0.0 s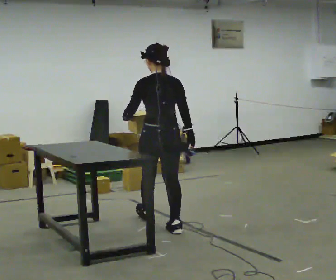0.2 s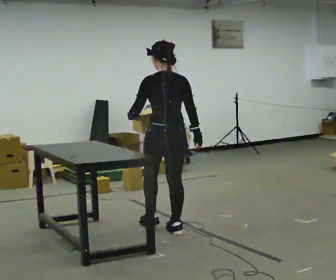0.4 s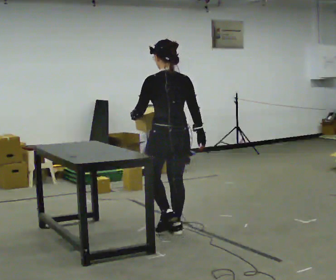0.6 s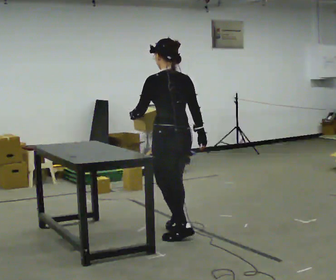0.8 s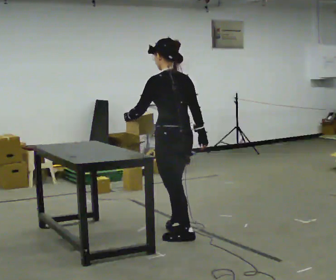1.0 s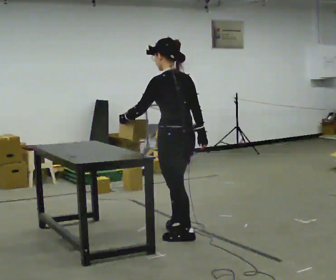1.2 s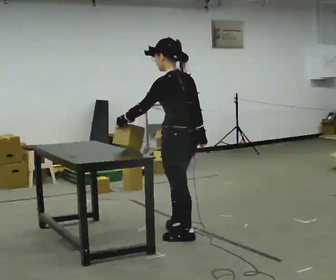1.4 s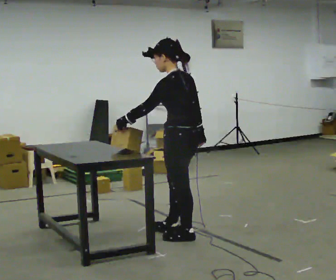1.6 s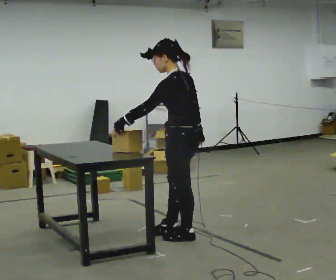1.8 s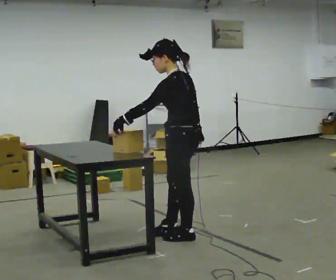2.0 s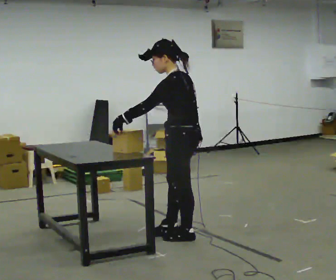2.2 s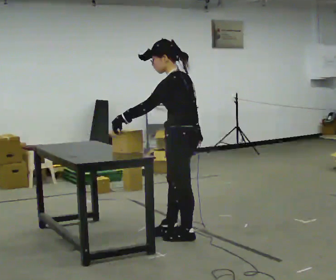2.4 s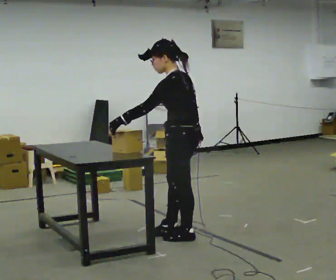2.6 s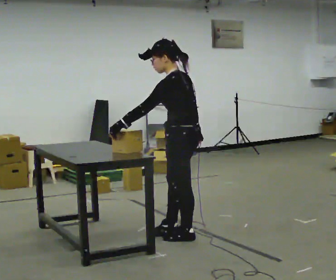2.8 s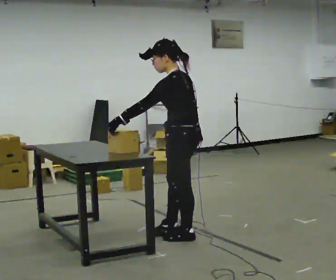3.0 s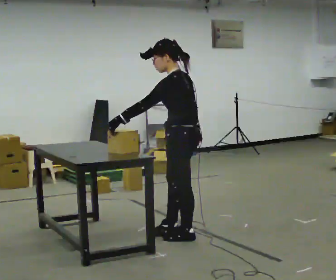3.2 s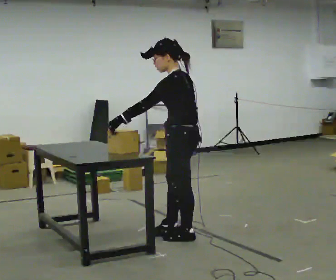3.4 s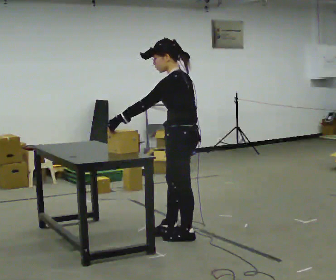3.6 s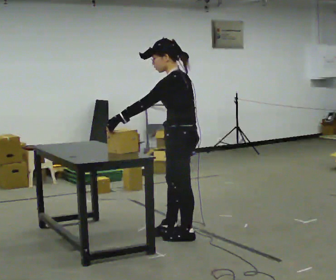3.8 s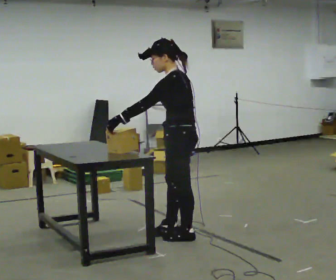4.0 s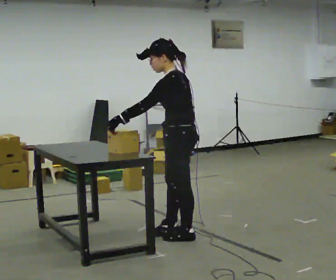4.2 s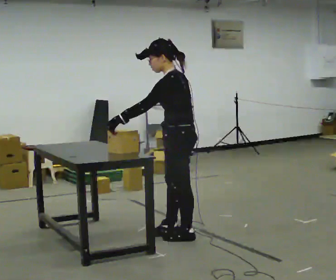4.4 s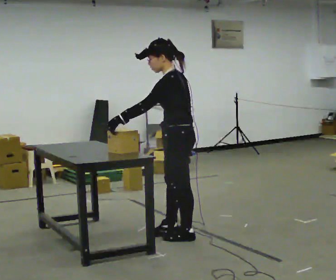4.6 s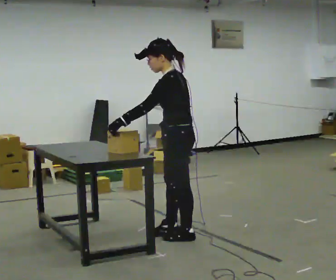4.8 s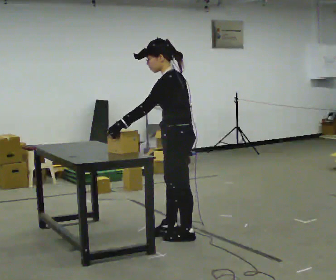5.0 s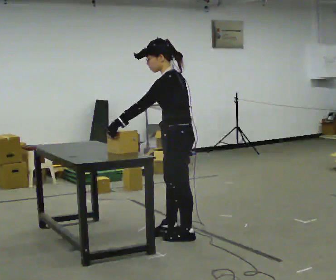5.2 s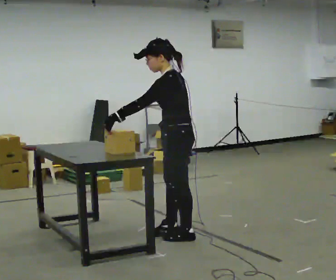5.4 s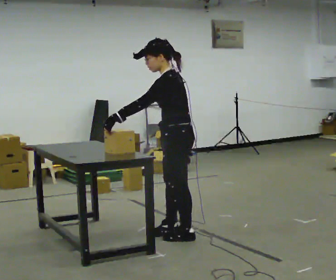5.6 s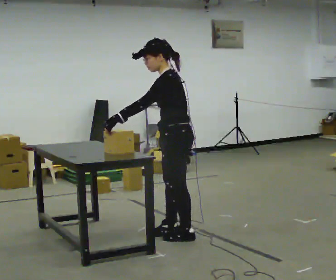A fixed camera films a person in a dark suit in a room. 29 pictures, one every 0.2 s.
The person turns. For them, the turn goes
to their left.
The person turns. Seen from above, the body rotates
counterclockwise.
0.0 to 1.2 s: Seen from above the body turns counterclockwise, about 45 degrees: to their left, with its near side sliding to the right. In the picture they go toward the camera and to the right, about 0.5 m in 1 step, which for them is backward.
1.2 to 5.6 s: Seen from above the body turns counterclockwise, about 30 degrees: to their left, with its near side sliding to the right.
The film runs backward here.
